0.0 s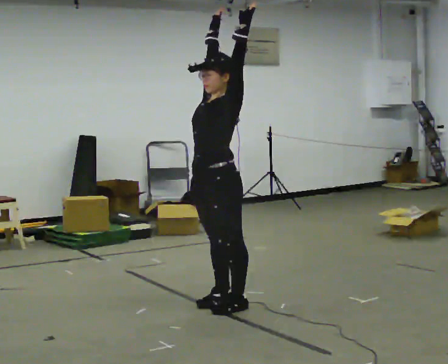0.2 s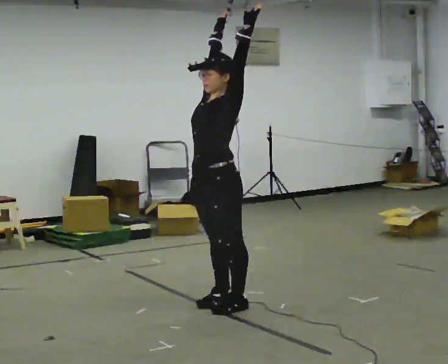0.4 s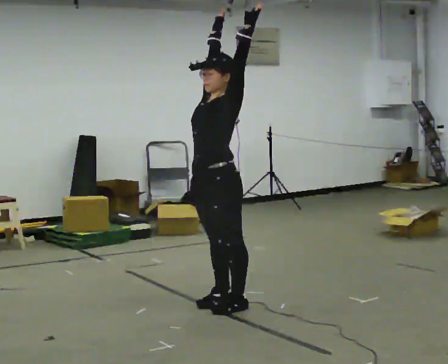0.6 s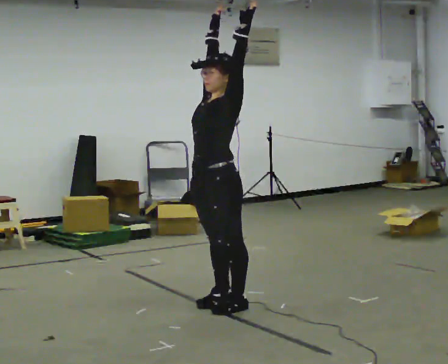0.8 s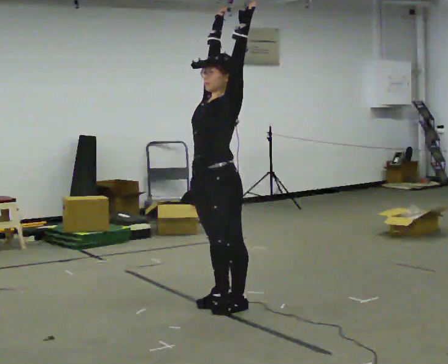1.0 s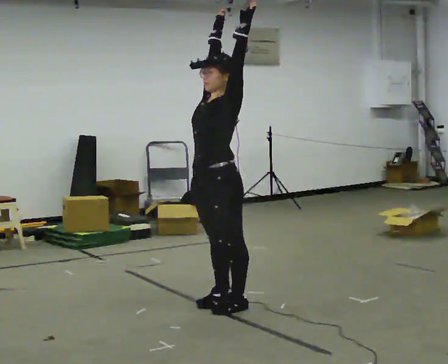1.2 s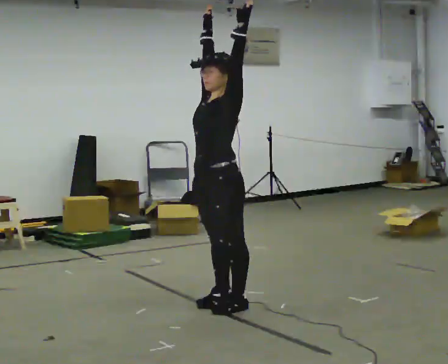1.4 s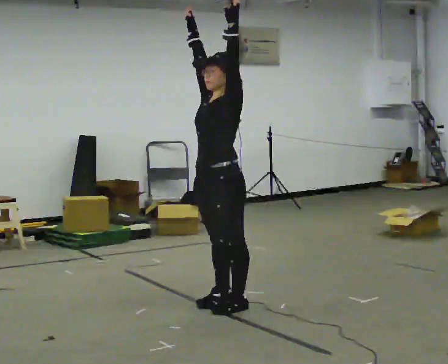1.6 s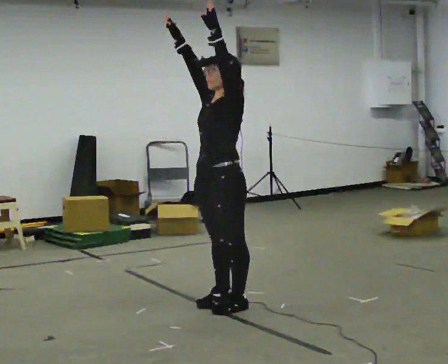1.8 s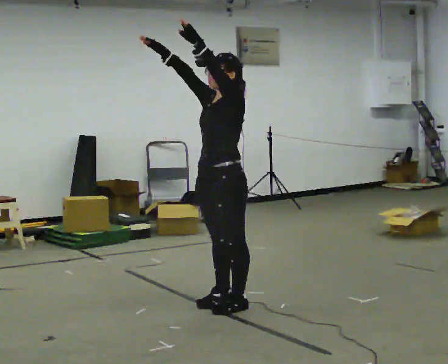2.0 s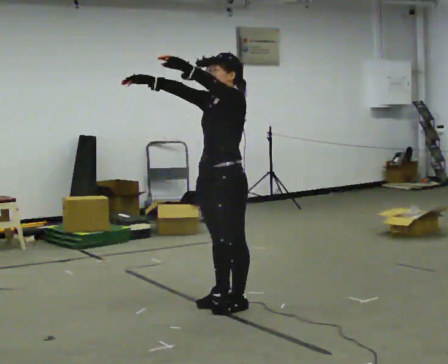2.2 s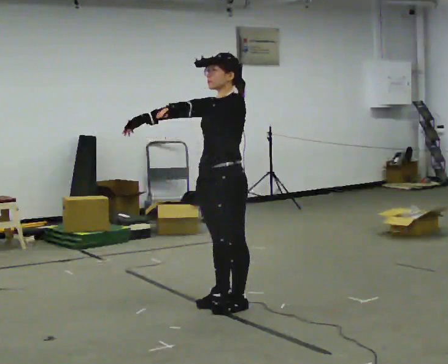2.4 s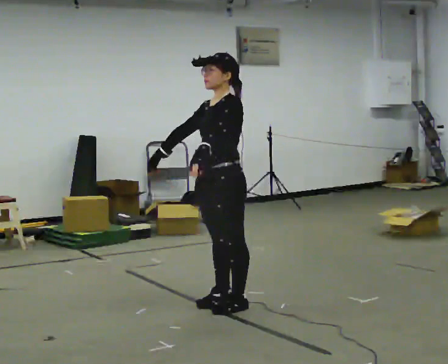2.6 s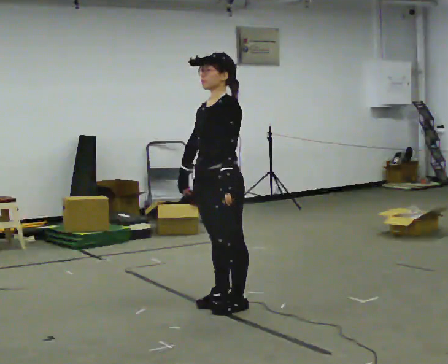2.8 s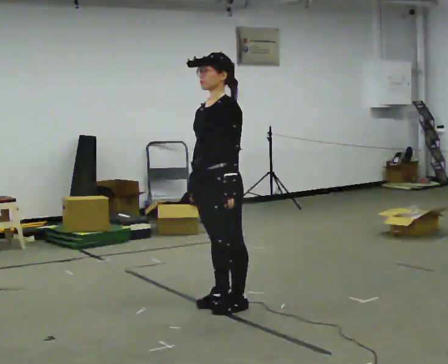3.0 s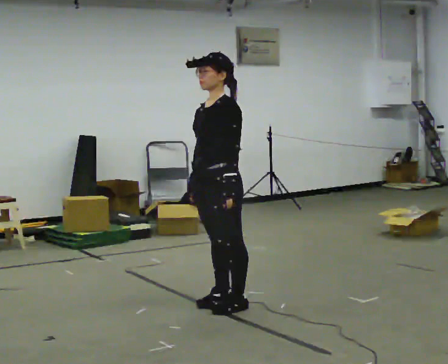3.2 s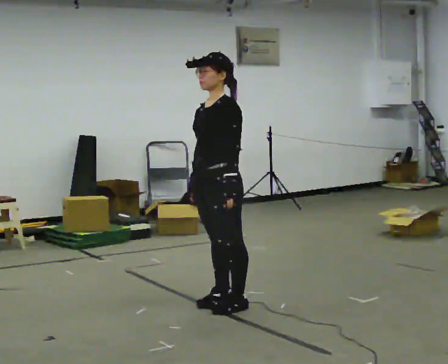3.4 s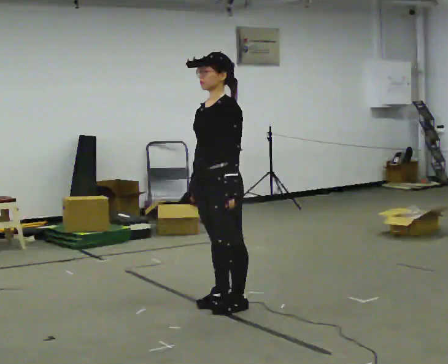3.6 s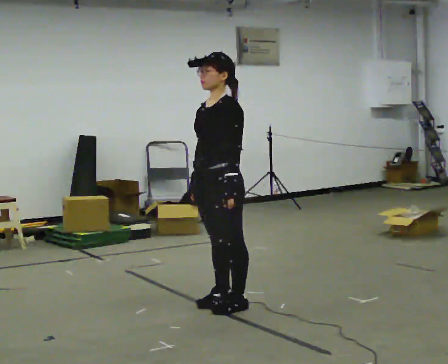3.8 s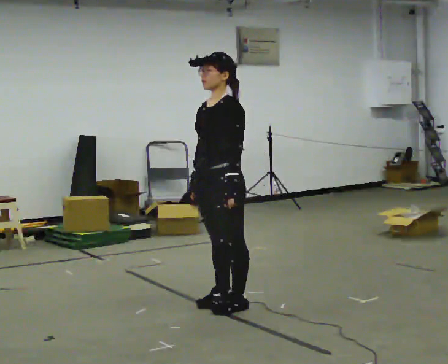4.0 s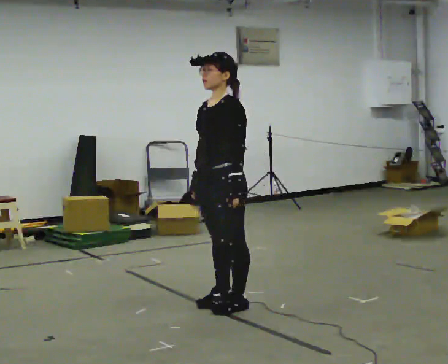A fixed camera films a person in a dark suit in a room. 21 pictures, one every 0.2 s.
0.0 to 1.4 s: The person moves a little, or ends about where they began.
1.4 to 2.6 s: In the picture their right hand goes downward, the arm swinging counterclockwise.
2.6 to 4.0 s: The person moves a little, or ends about where they began.
The film runs backward here.
